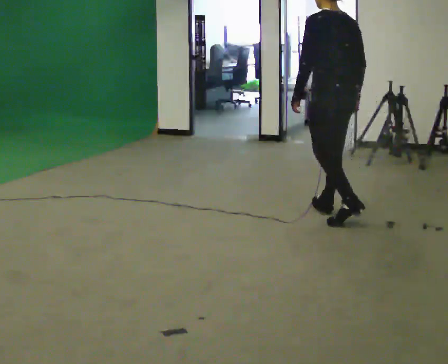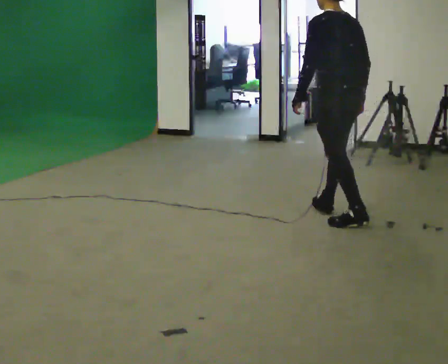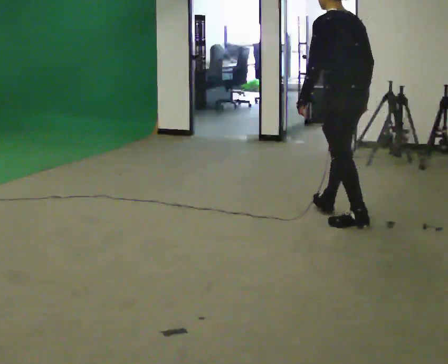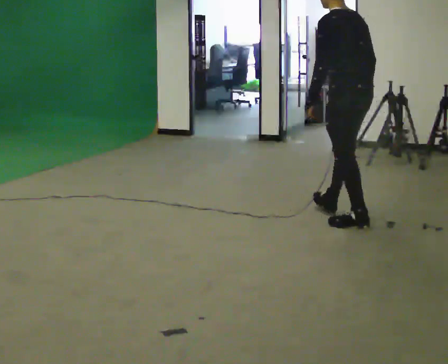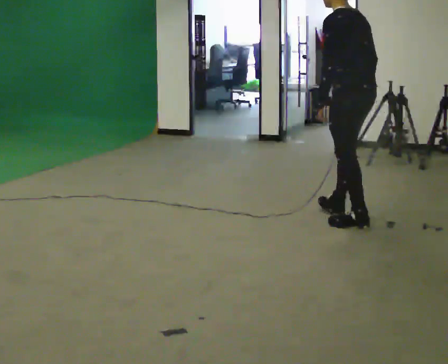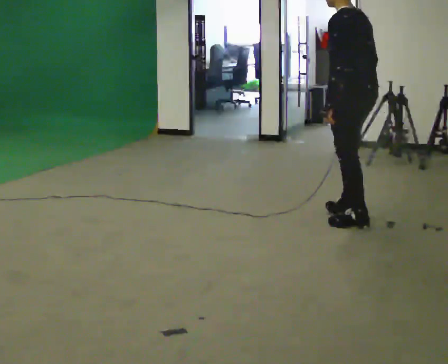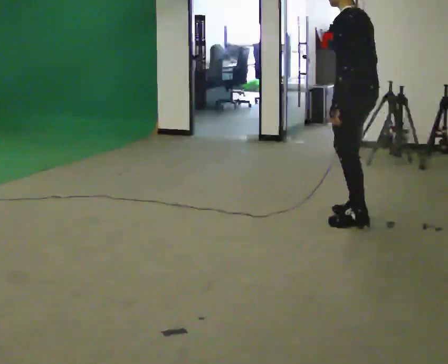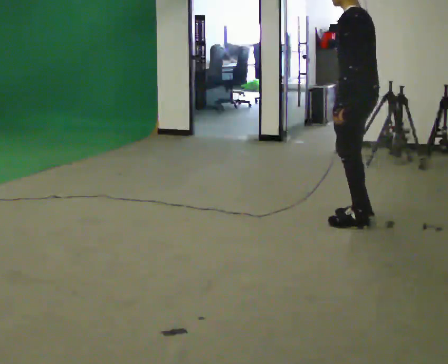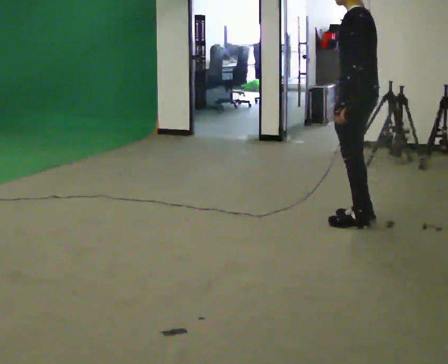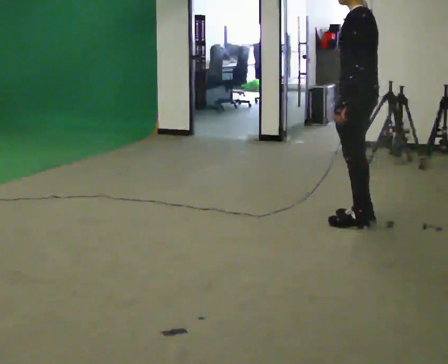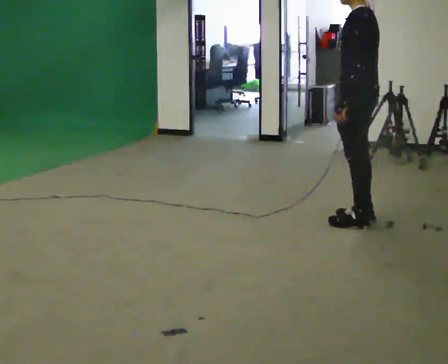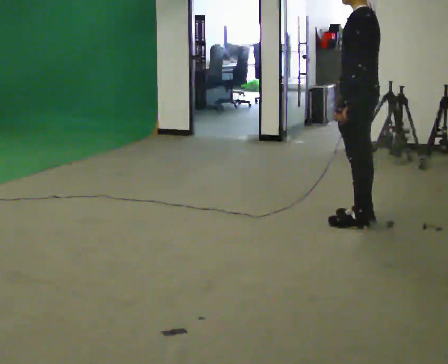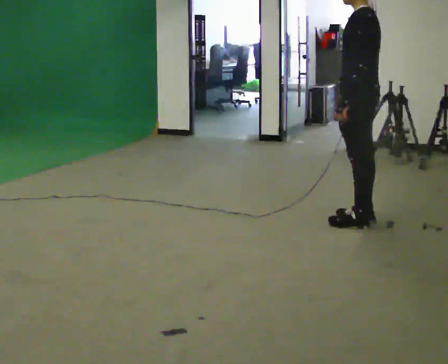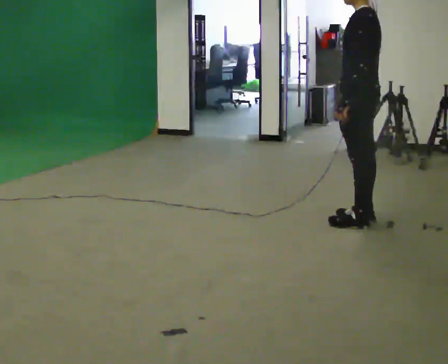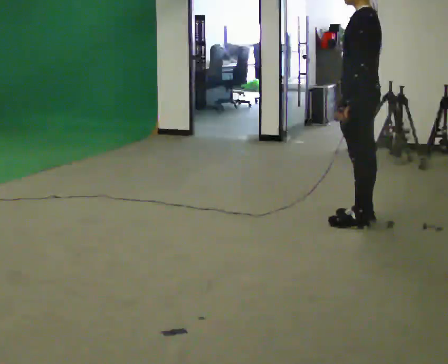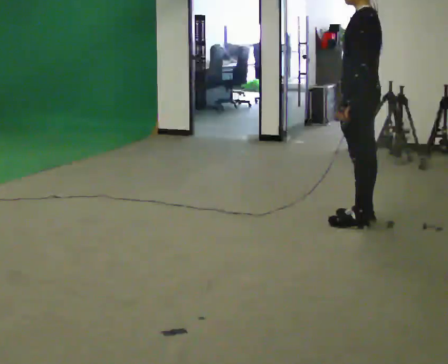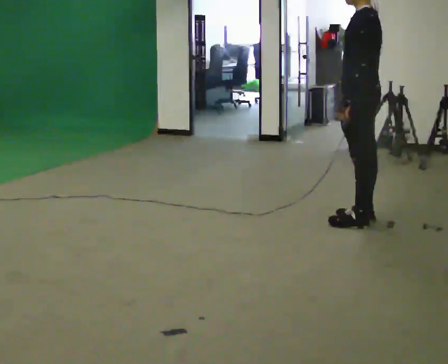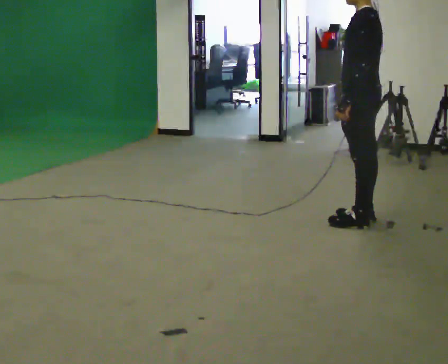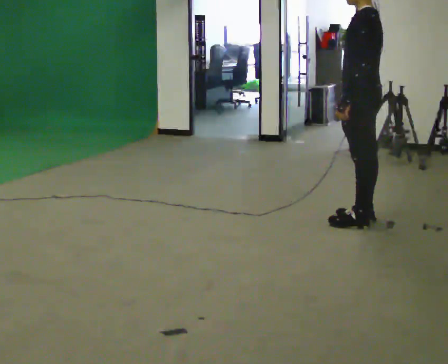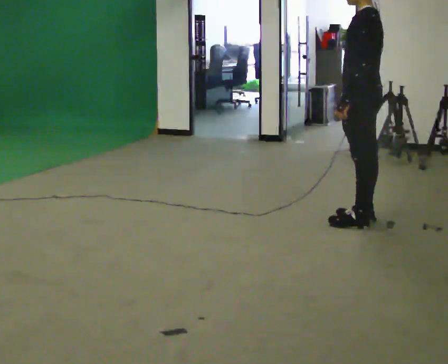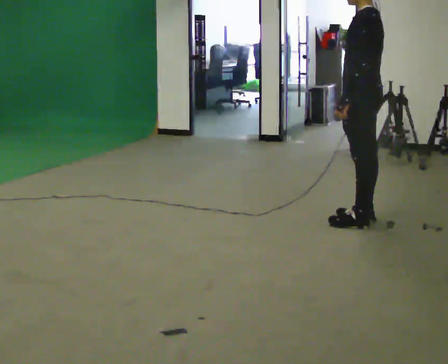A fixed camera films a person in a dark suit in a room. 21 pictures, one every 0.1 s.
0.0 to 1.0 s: Seen from above the body turns counterclockwise, about 30 degrees: to their left, with its near side sliding to the right. In the picture they go toward the camera and to the right, about 0.25 m in 1 step, which for them is backward and to their left.
1.0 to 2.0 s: The person moves a little, or ends about where they began.
The film runs backward here.
